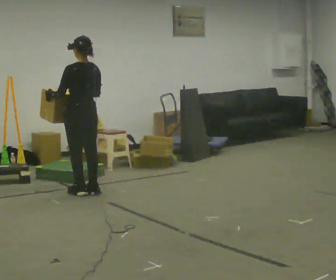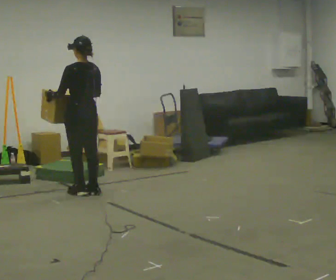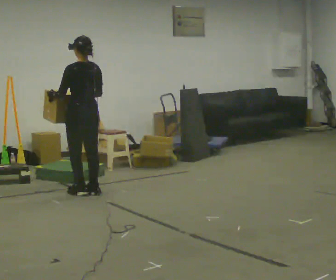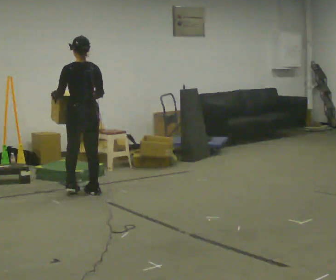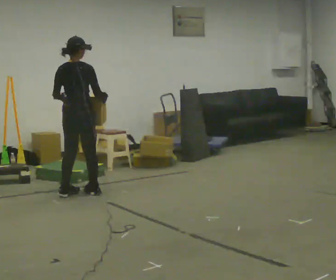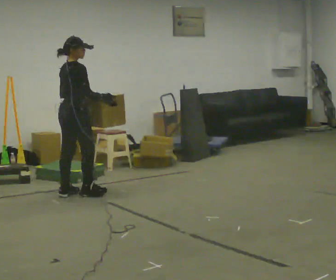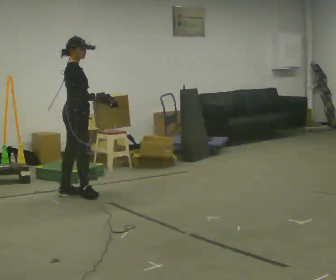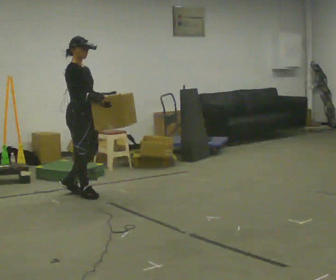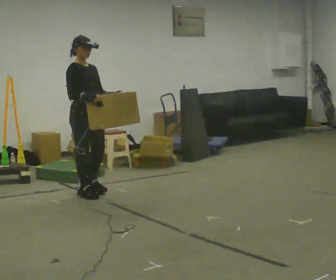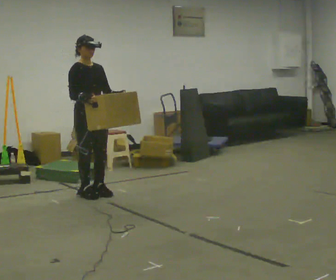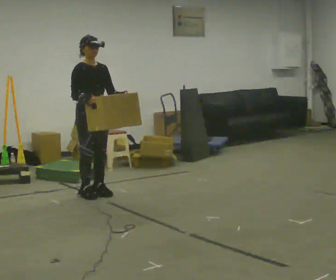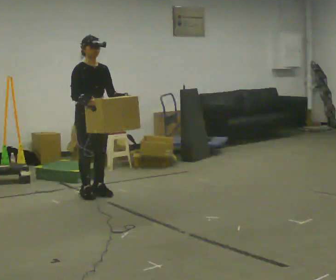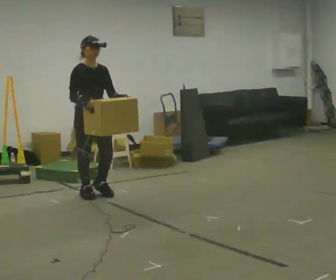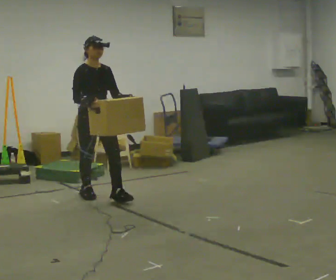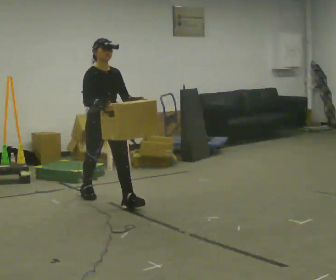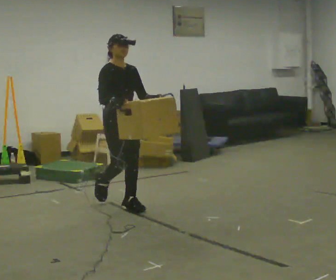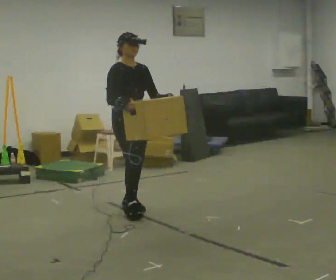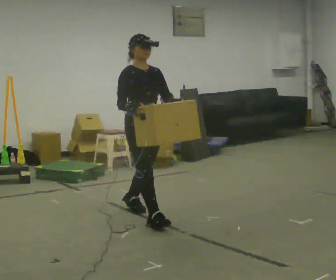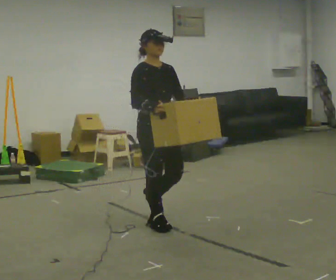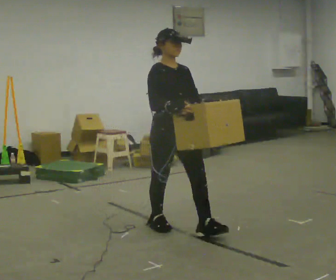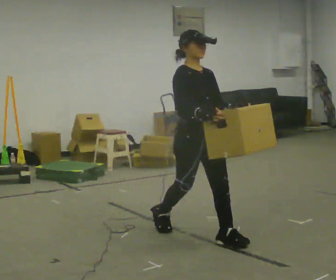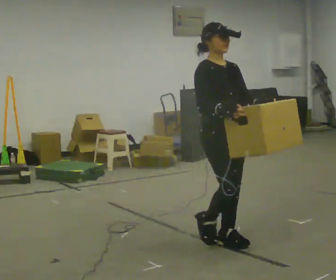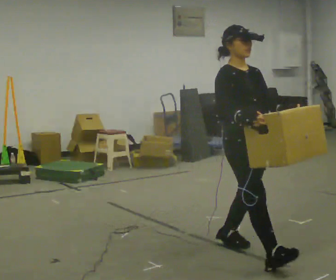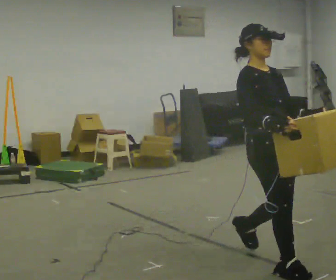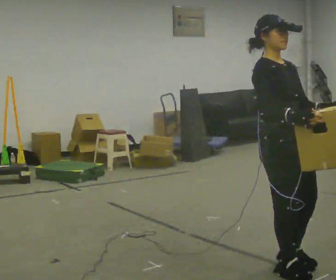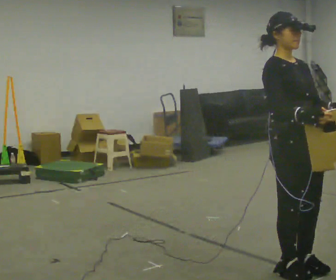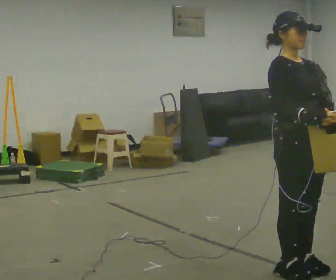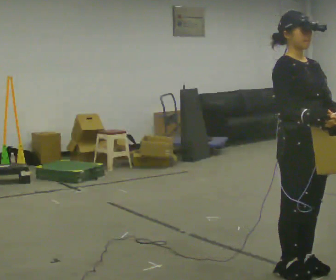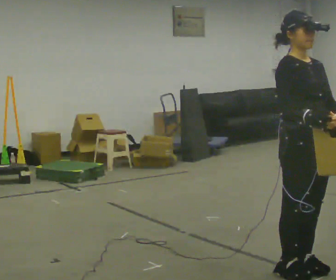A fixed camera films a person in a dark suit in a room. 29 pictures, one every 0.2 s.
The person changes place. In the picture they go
toward the camera.
The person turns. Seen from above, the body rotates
clockwise.
0.0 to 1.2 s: The person turns about 120 degrees to their right, clockwise seen from above, so the part of the body nearest the lens slides to the left.
1.2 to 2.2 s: Seen from above the body turns clockwise, about 60 degrees: to their right, with its near side sliding to the left.
2.2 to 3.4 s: In the picture they go toward the camera and to the right, about 1 m in 2 steps, which for them is forward.
3.4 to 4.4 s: In the picture they go toward the camera and to the right, about 1 m in 1 step, which for them is forward.
4.4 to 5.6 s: In the picture they go toward the camera and to the right, about 0.5 m in 2 steps, which for them is forward.
The film runs forward here.
